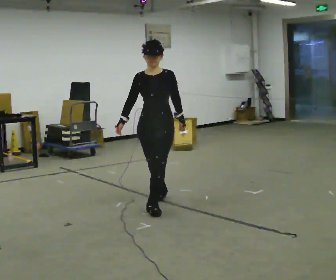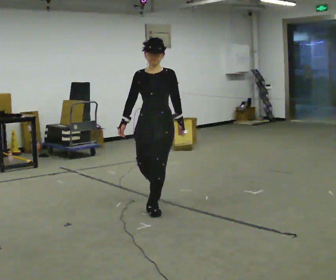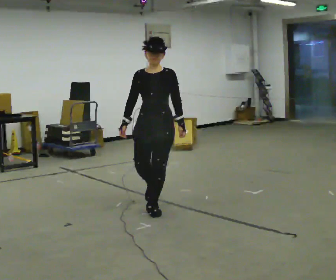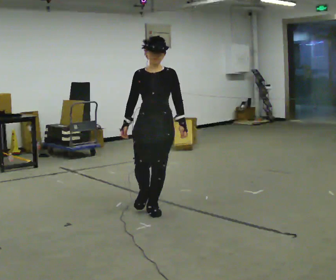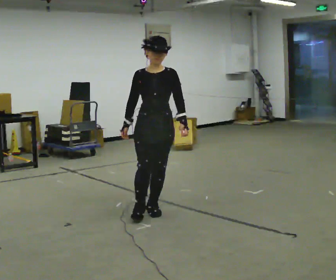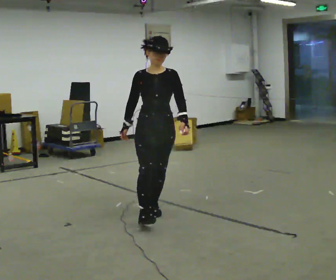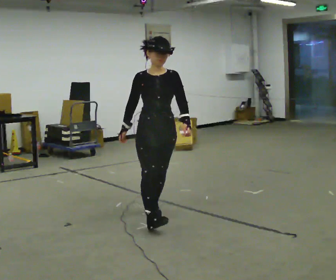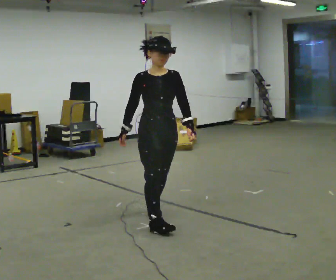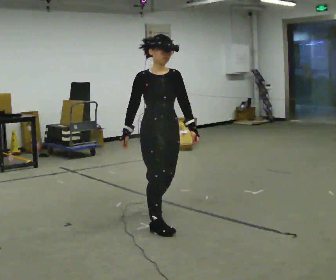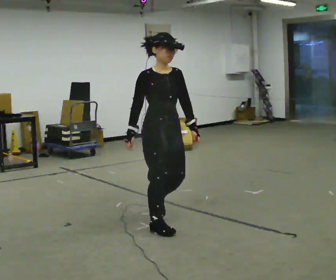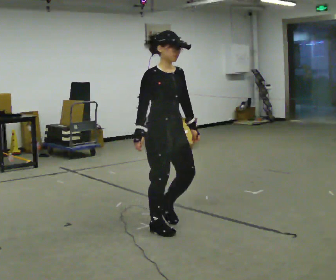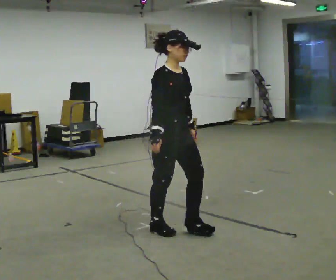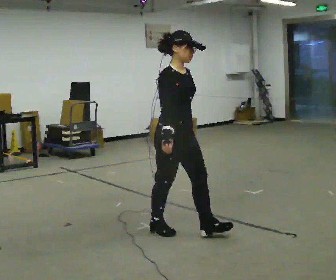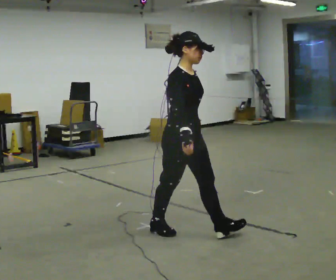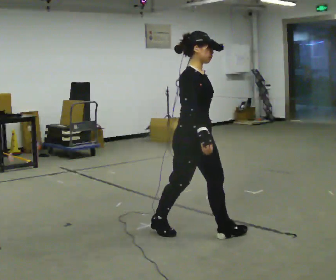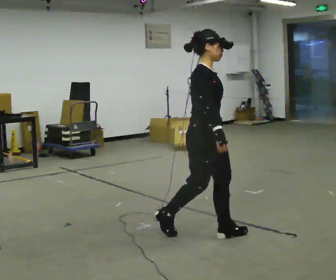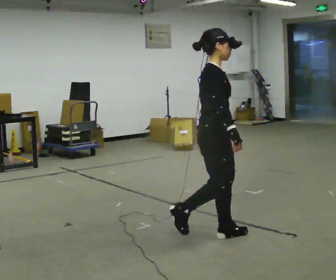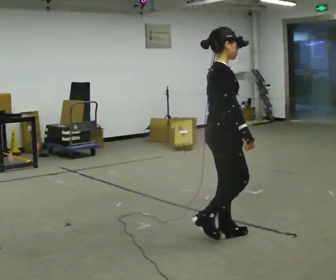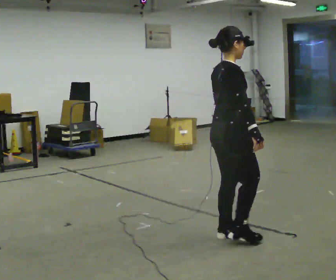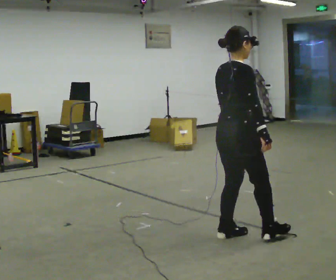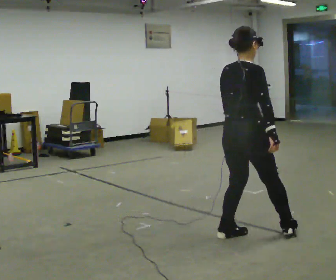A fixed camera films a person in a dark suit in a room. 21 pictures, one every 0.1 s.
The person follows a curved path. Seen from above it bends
counterclockwise.
The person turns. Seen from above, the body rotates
counterclockwise.
0.0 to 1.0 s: The part of the body nearest the lens slides to the right as the person turns to their left by about 60 degrees. In the picture they go toward the camera, about 0.5 m in 1 step.
1.0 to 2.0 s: Seen from above the body turns counterclockwise, about 90 degrees: to their left, with its near side sliding to the right. In the picture they go to the right and toward the camera, about 0.75 m in 1 step.
The film runs forward here.
